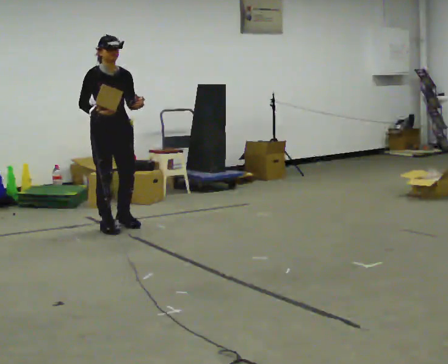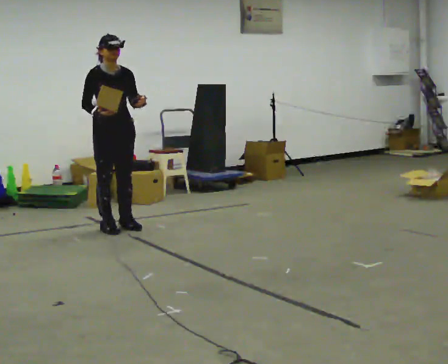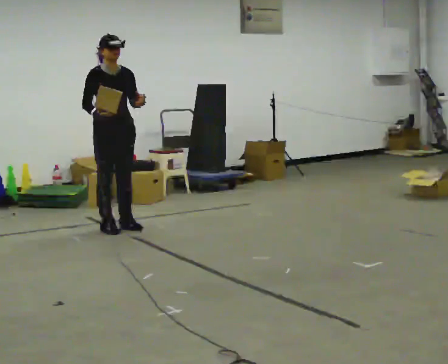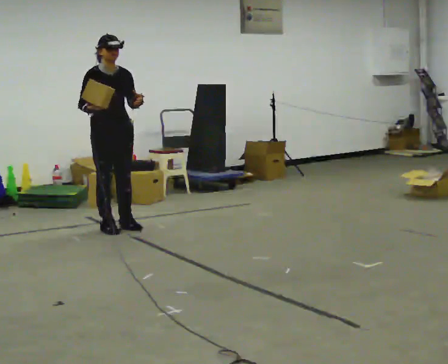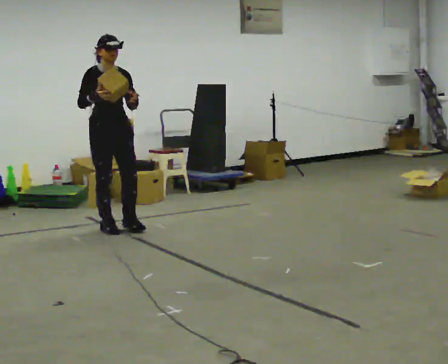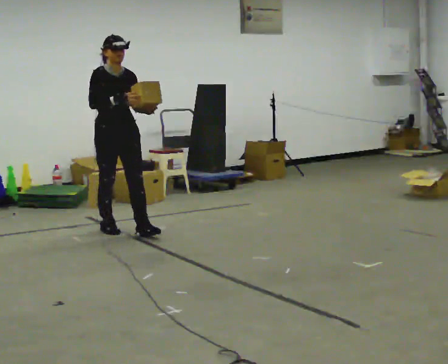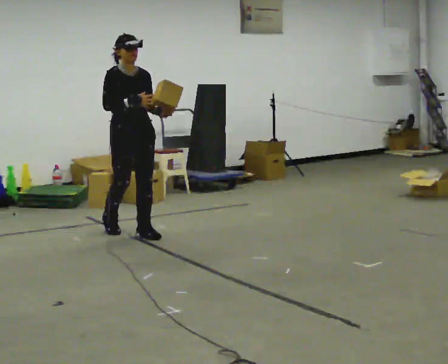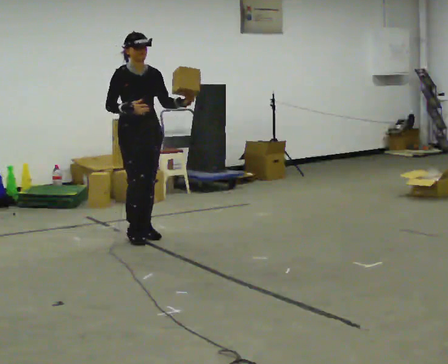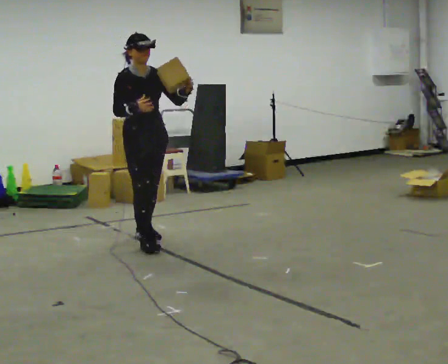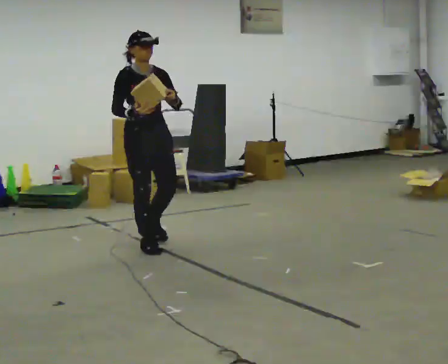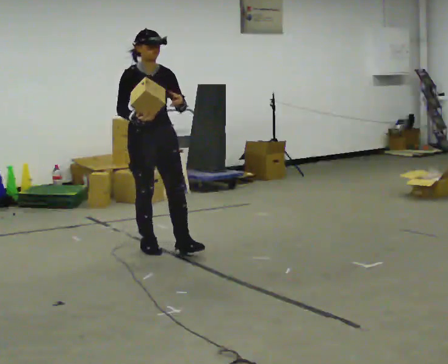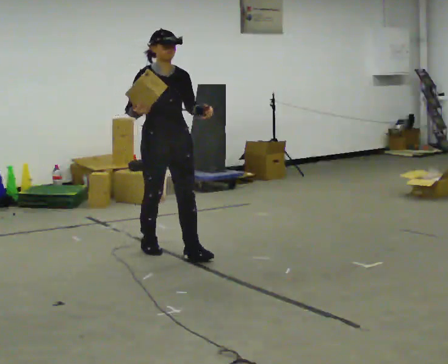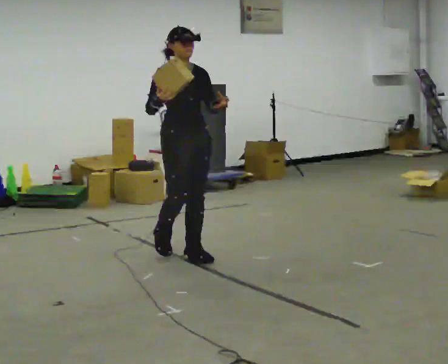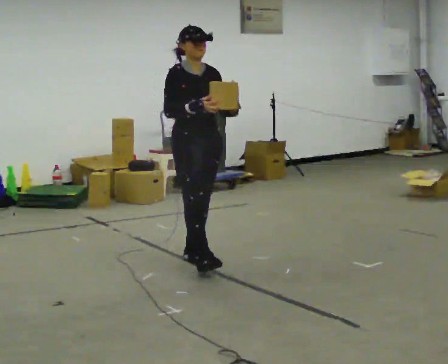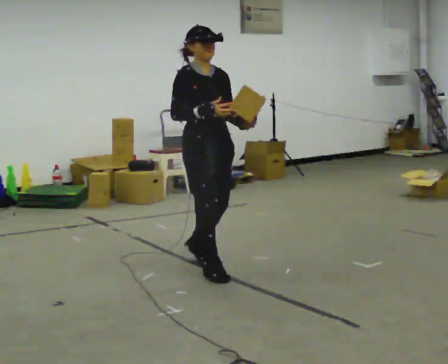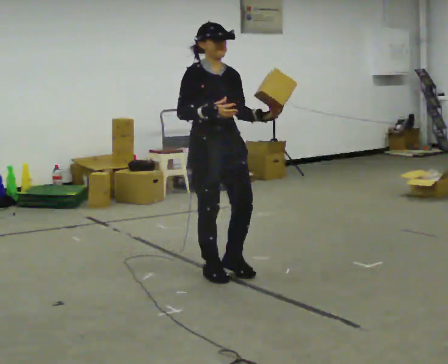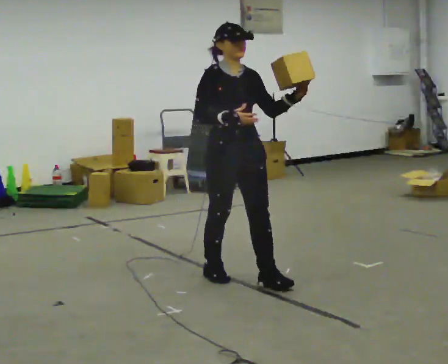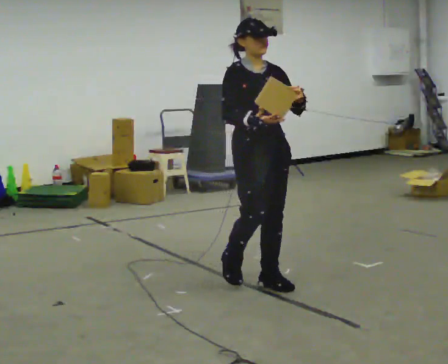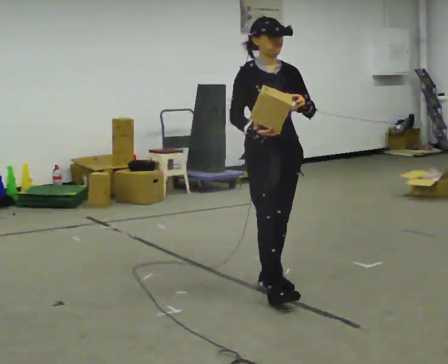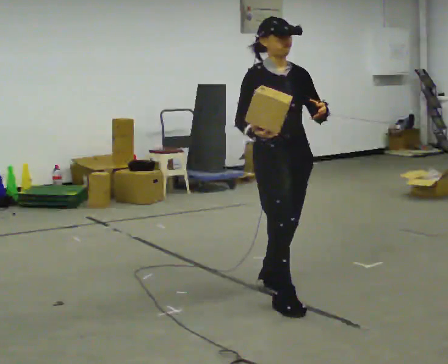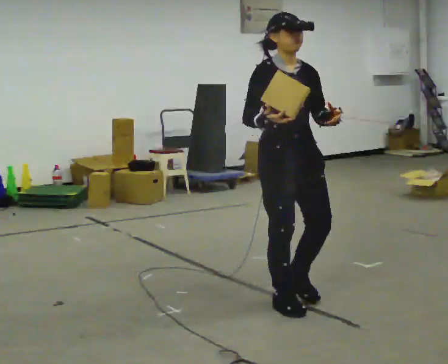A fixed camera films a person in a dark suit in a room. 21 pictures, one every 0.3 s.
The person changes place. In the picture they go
toward the camera.
0.0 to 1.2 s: The person moves a little, or ends about where they began.
1.2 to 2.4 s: In the picture they go toward the camera and to the right, about 0.5 m in 2 steps, which for them is forward.
2.4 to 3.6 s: In the picture they go toward the camera and to the right, about 0.5 m in 1 step, which for them is forward.
3.6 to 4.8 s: In the picture they go toward the camera and to the right, about 0.75 m in 2 steps, which for them is forward.
4.8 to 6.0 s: In the picture they go toward the camera and to the right, about 0.5 m in 1 step, which for them is forward.
The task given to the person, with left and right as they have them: Carry the object in one hand and, while walking, pass it to your other hand. Keep passing it back and forth as you walk.
The film runs forward here.
